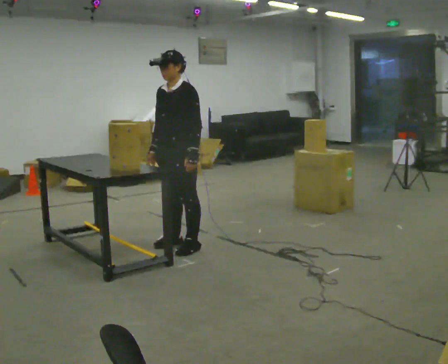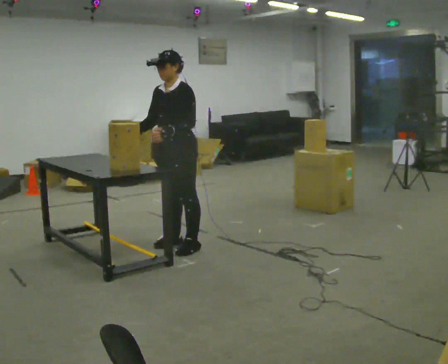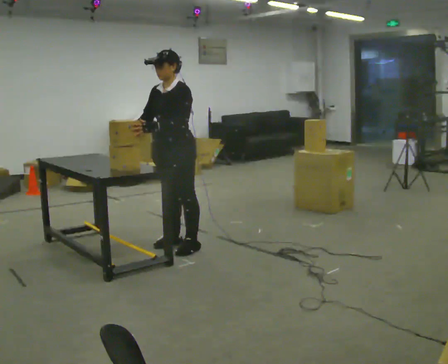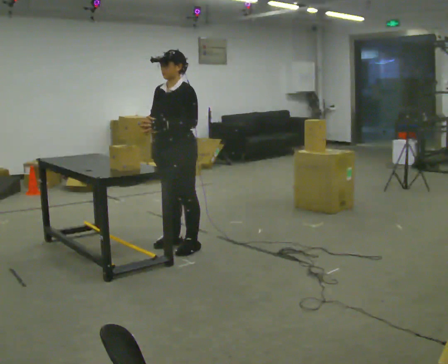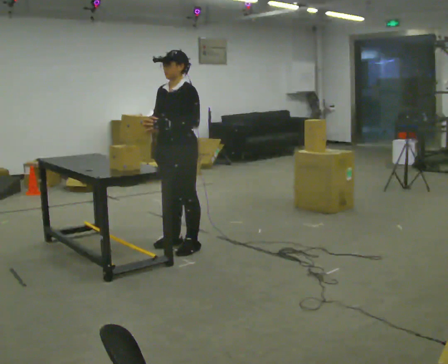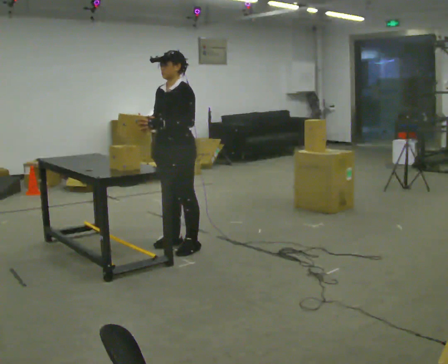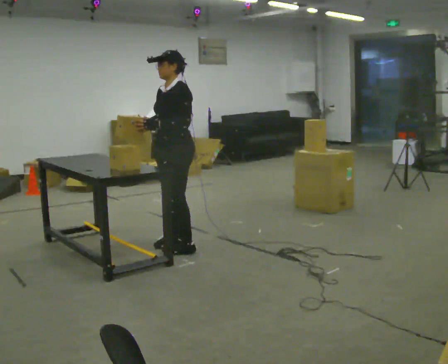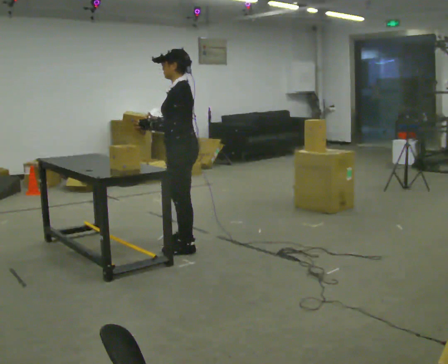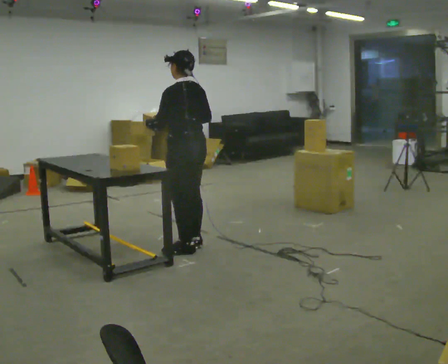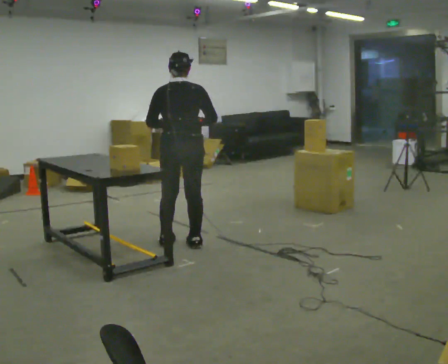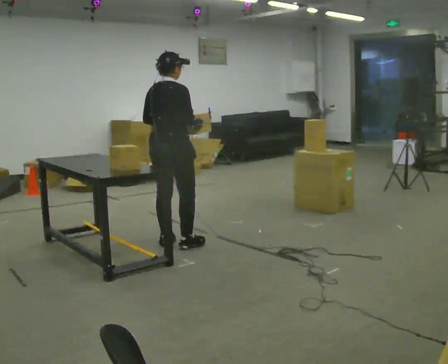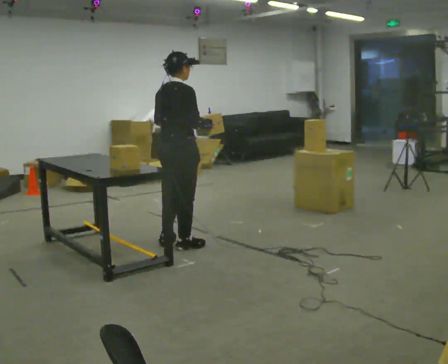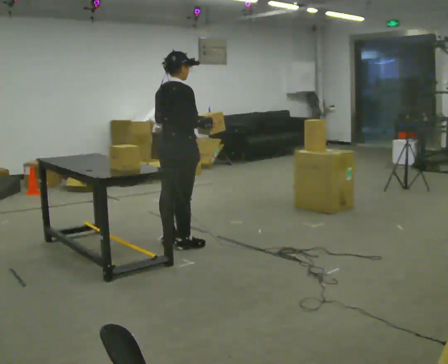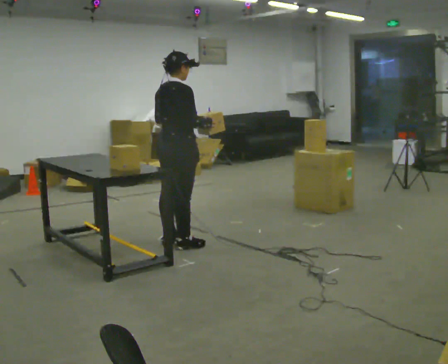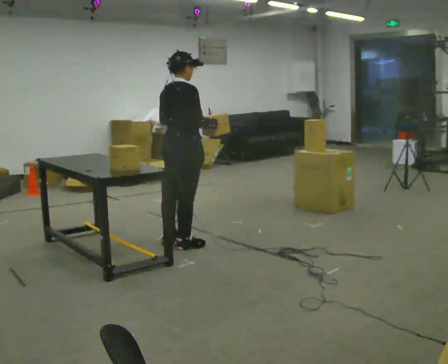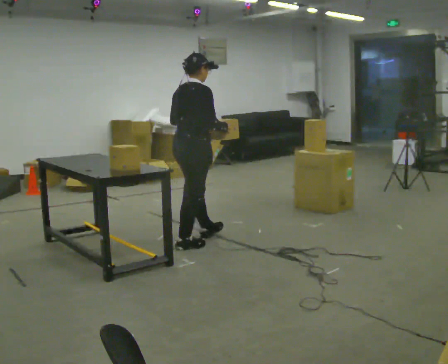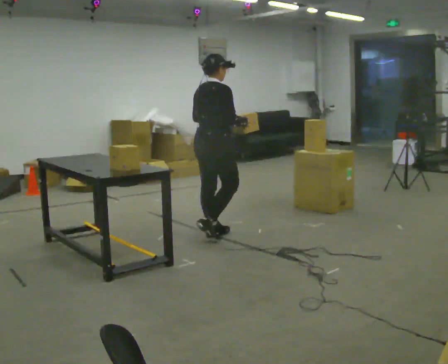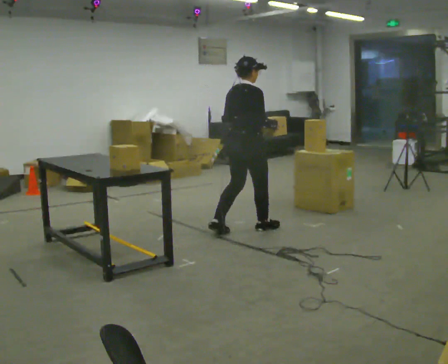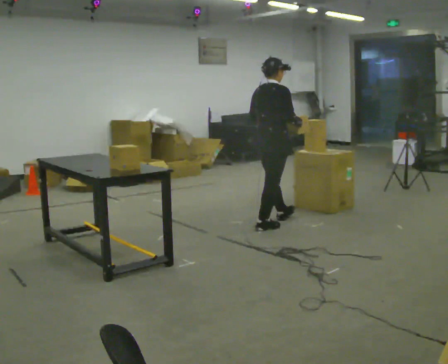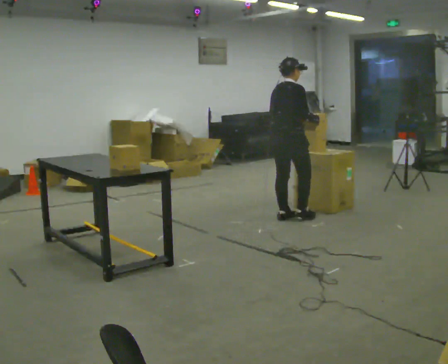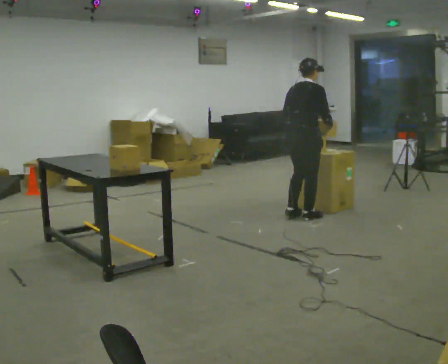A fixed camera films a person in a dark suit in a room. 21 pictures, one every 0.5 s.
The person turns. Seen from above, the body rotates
clockwise.
The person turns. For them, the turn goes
to their right.
0.0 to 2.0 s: The person moves a little, or ends about where they began.
2.0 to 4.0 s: The part of the body nearest the lens slides to the left as the person turns to their right by about 90 degrees. In the picture their right hand goes to the right.
4.0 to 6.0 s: The part of the body nearest the lens slides to the left as the person turns to their right by about 105 degrees.
6.0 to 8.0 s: In the picture they go to the right and away from the camera, about 0.5 m in 1 step, which for them is forward.
8.0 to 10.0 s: In the picture they go to the right and away from the camera, about 1 m in 3 steps, which for them is forward.
The film runs forward here.
